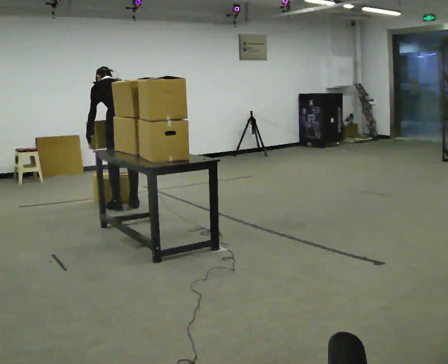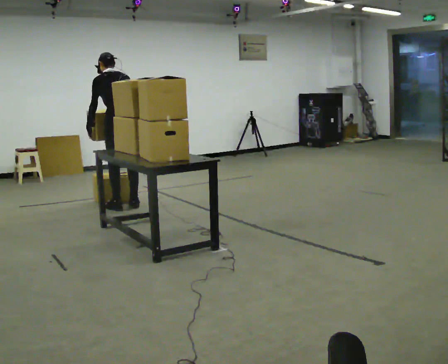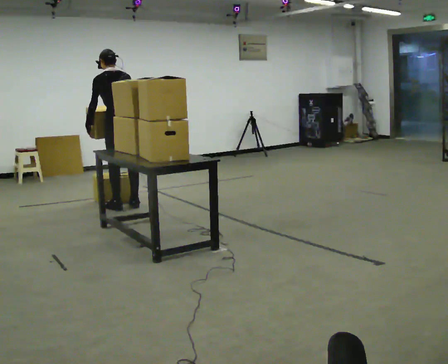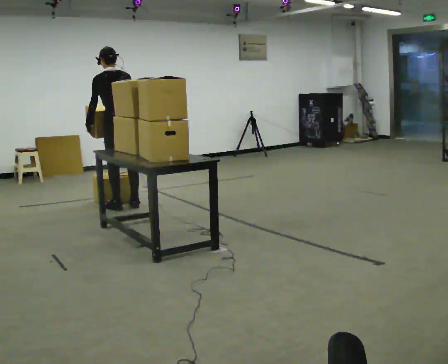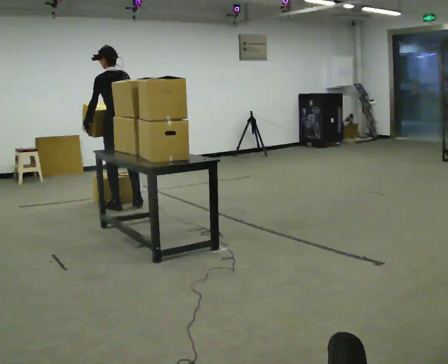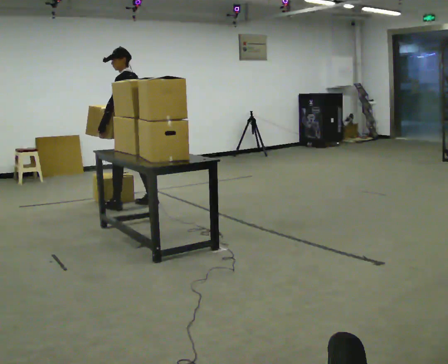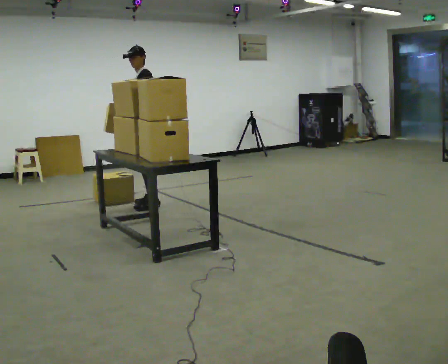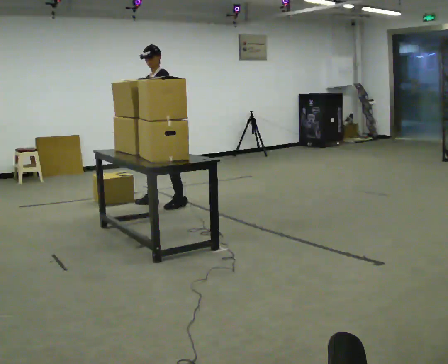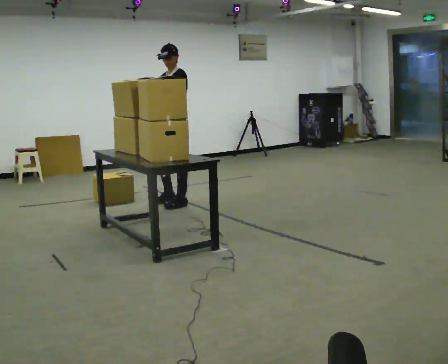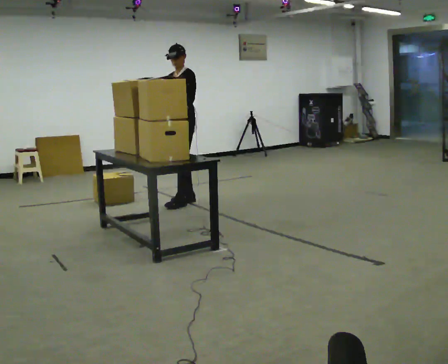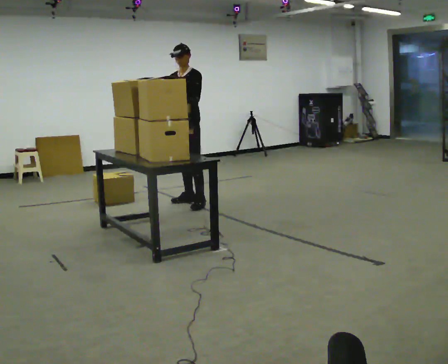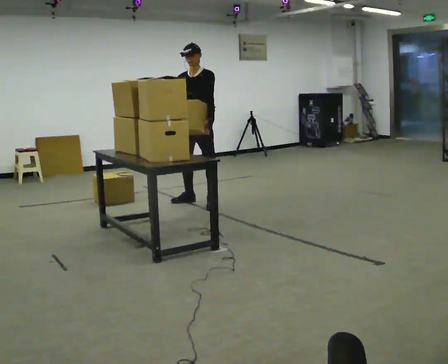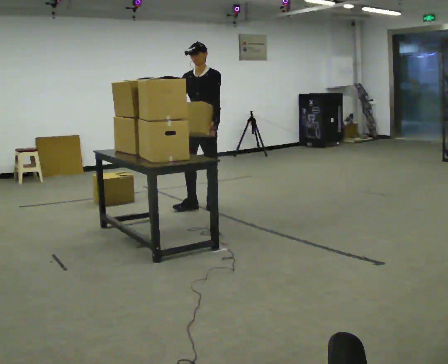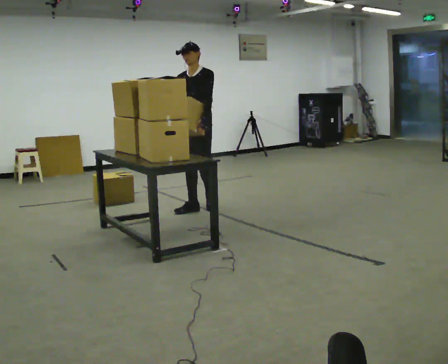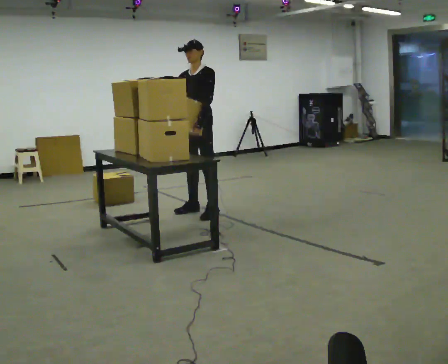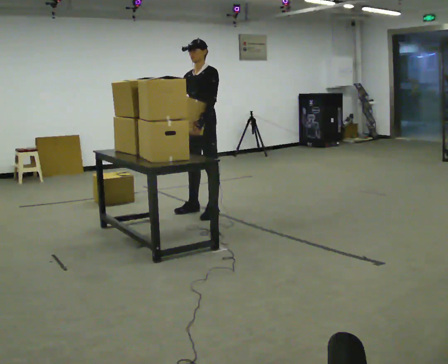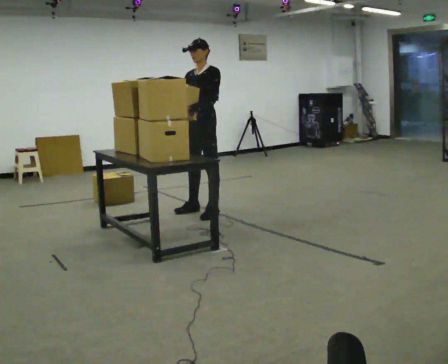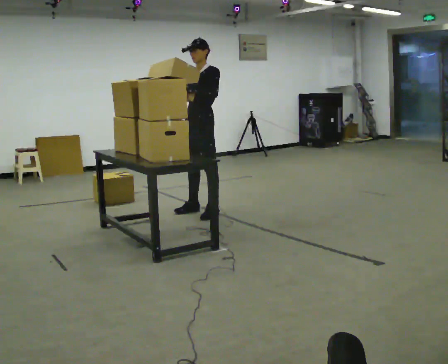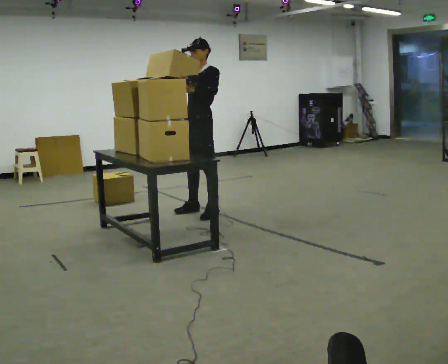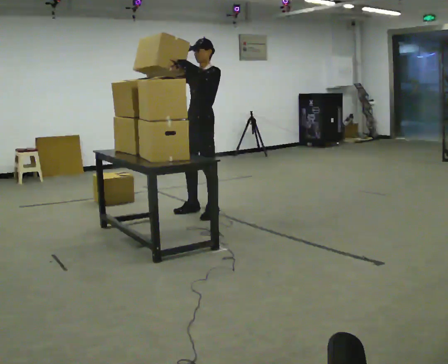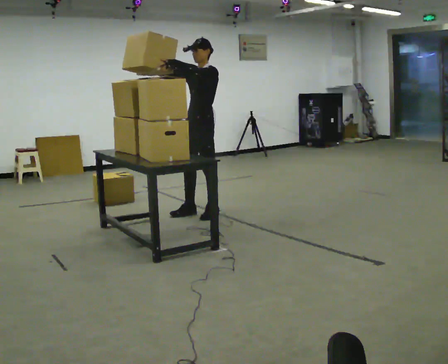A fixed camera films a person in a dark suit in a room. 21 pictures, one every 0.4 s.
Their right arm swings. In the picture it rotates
clockwise.
Their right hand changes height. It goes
upward.
0.0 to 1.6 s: The upper body tips toward the camera, its near side rolling downward, as they lean back or straighten.
1.6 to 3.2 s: The part of the body nearest the lens slides to the right as the person turns to their left by about 75 degrees. In the picture they go to the right, about 0.5 m in 2 steps.
3.2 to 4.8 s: The part of the body nearest the lens slides to the right as the person turns to their left by about 30 degrees. In the picture they go to the right, about 0.25 m in 2 steps, which for them is to their left.
4.8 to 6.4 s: In the picture they go toward the camera, about 0.25 m in 2 steps, which for them is forward and to their left.
6.4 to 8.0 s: In the picture their right hand goes upward.
The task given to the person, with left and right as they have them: Pick up the next box in the row and carry it to the table. The operator will not tell you how heavy each one is. Keep going until the operator says stop; one object at a time, and do not rush between trips.
The film runs forward here.
